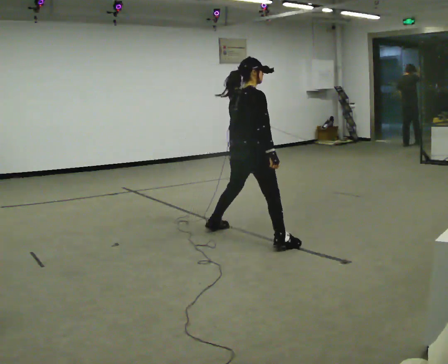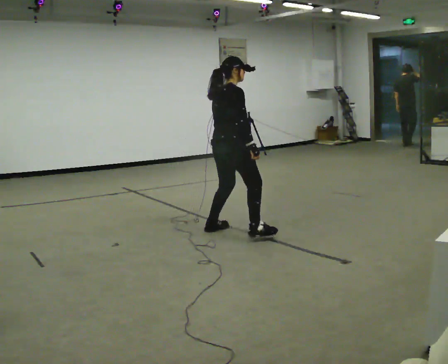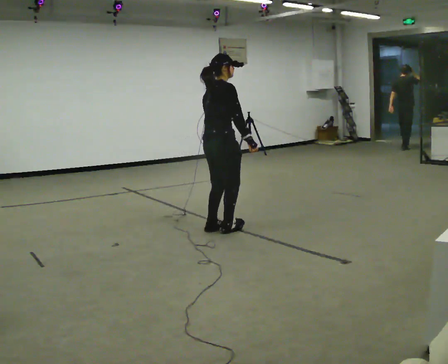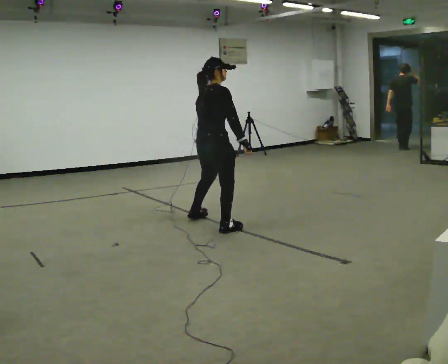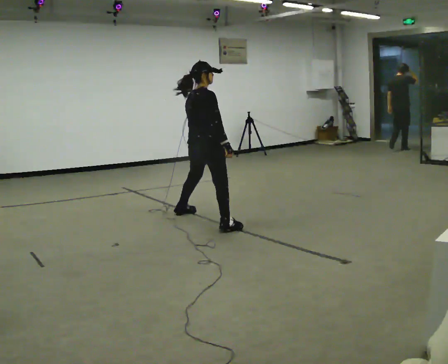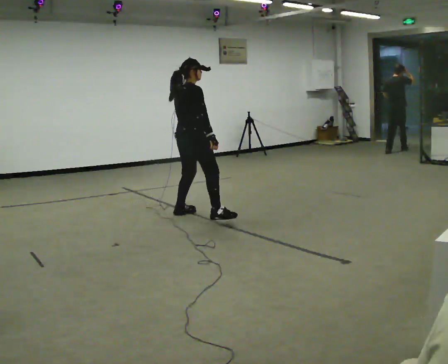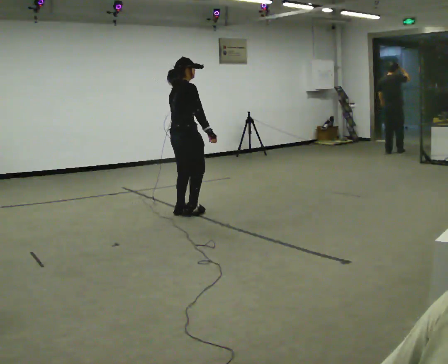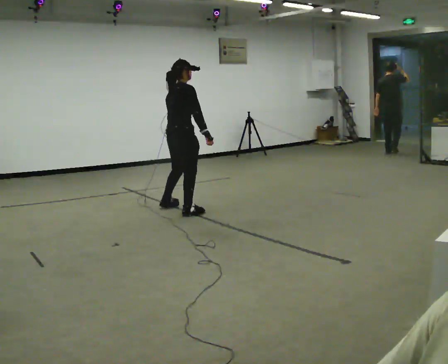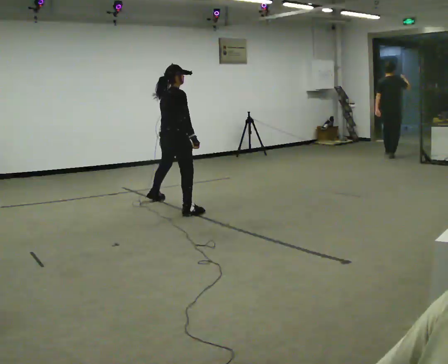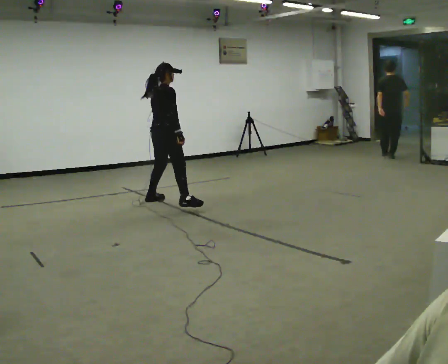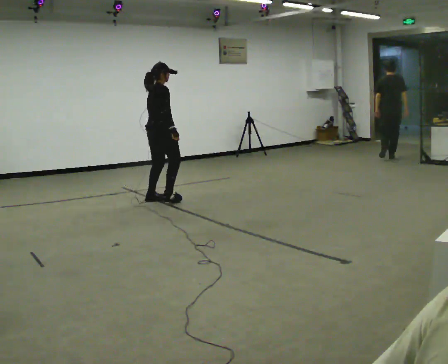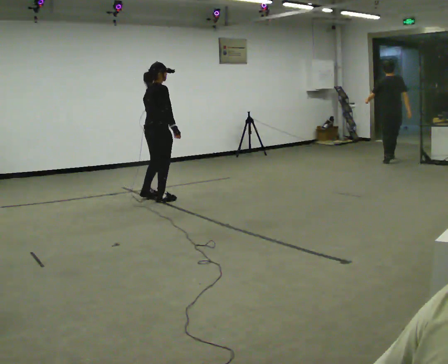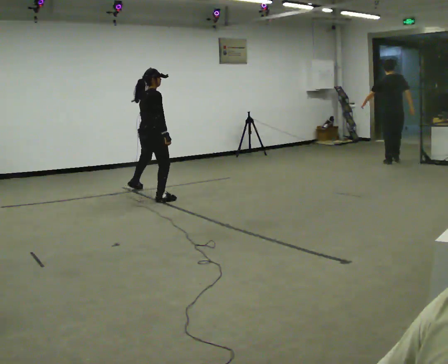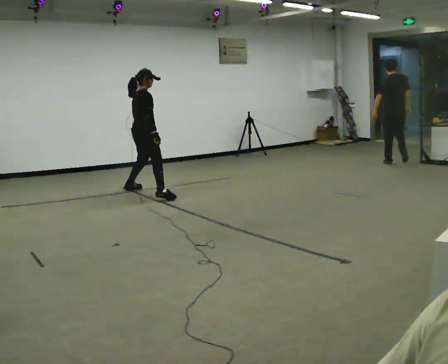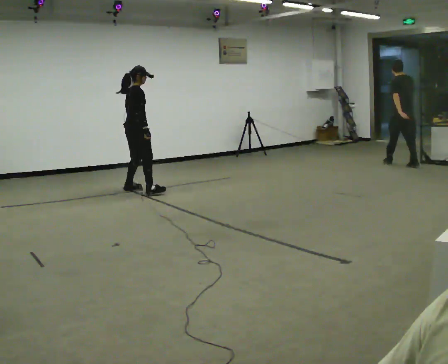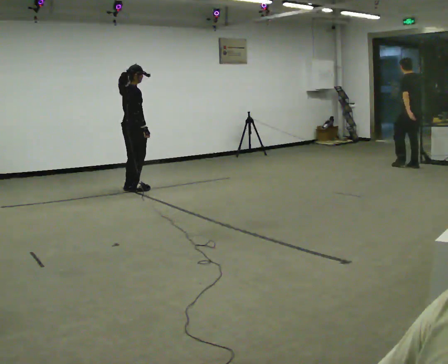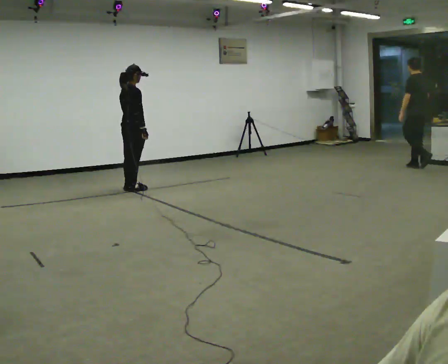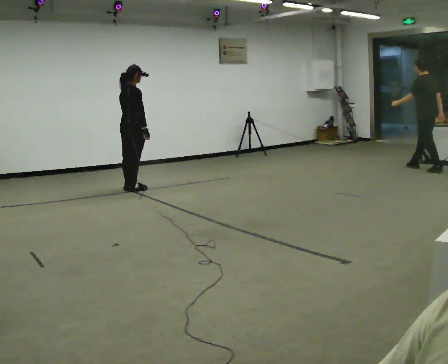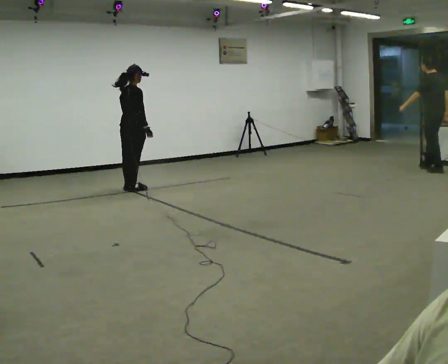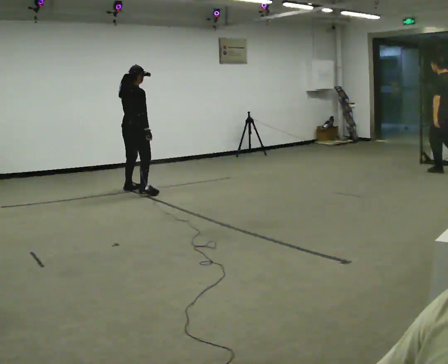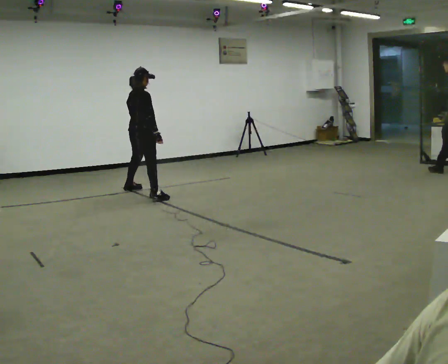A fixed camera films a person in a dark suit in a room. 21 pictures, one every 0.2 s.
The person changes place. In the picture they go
away from the camera.
0.0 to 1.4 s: In the picture they go away from the camera and to the left, about 1 m in 3 steps, which for them is to their left.
1.4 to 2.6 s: In the picture they go away from the camera and to the left, about 1 m in 3 steps, which for them is to their left.
2.6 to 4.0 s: The person moves a little, or ends about where they began.
The film runs backward here.
